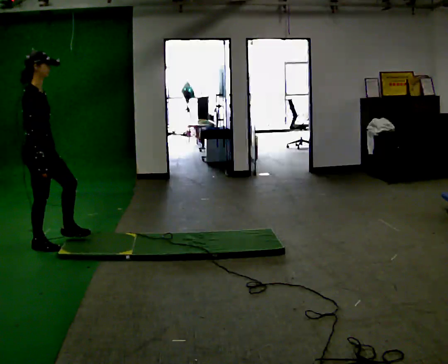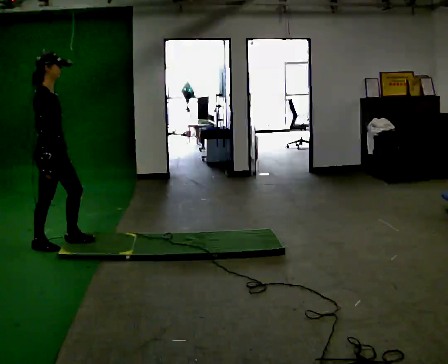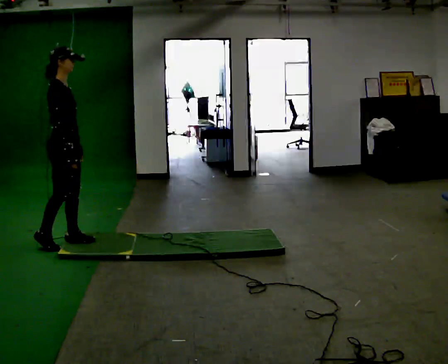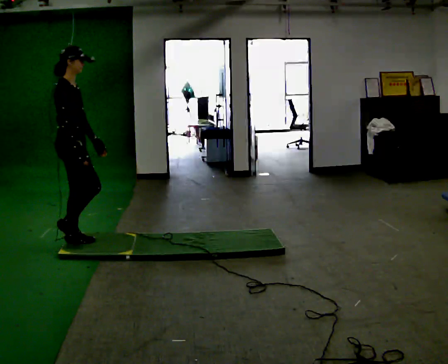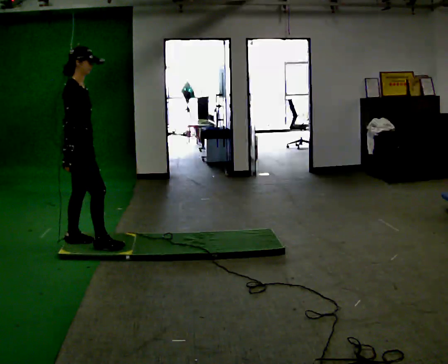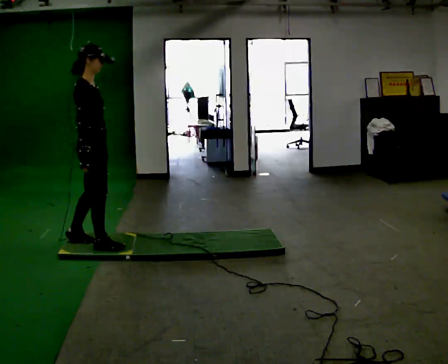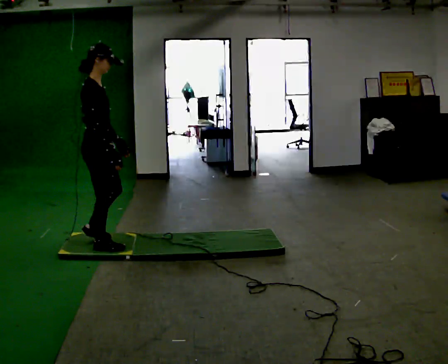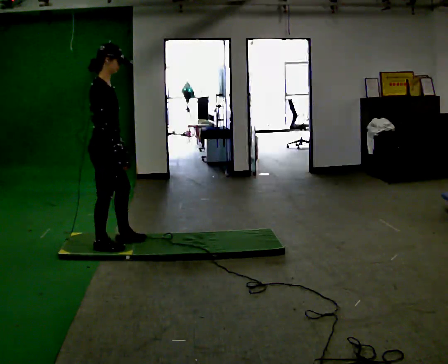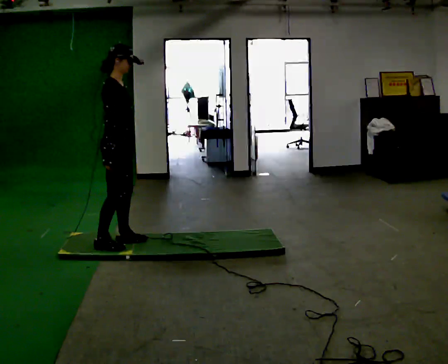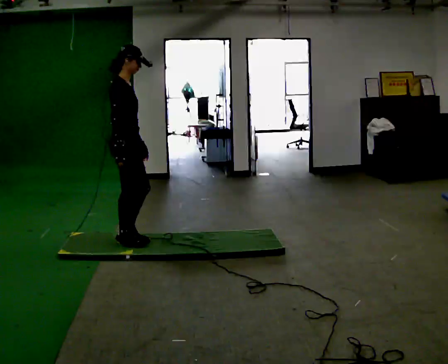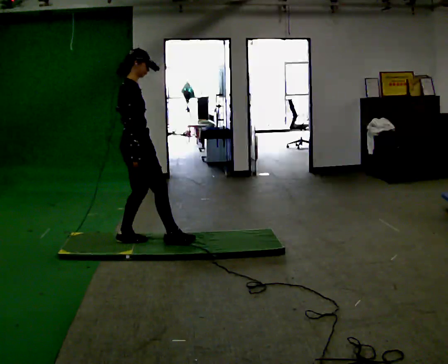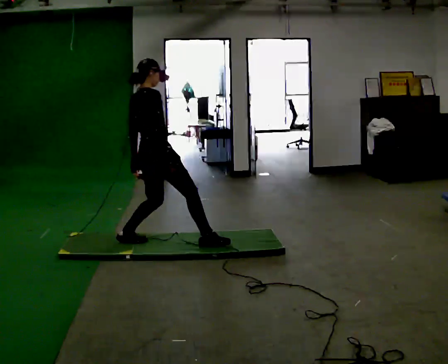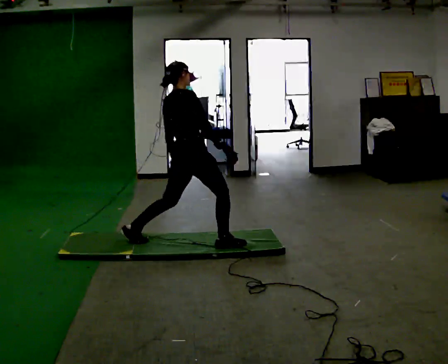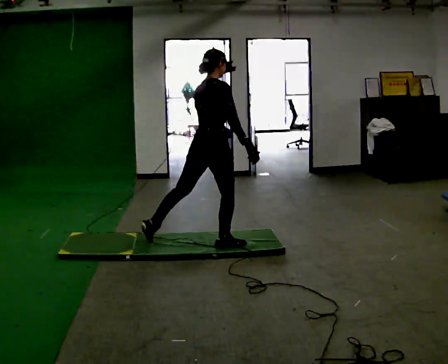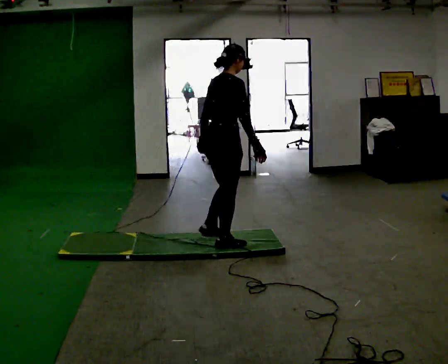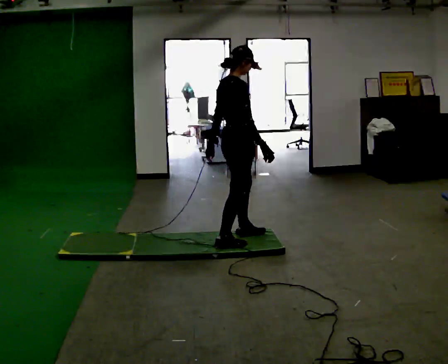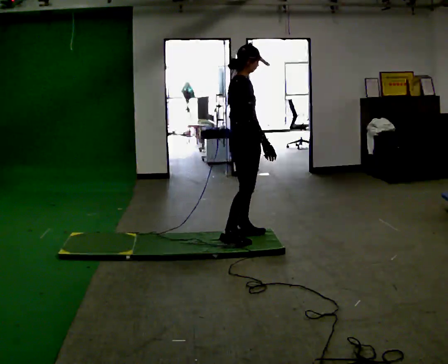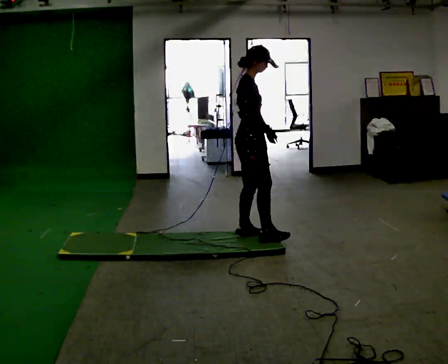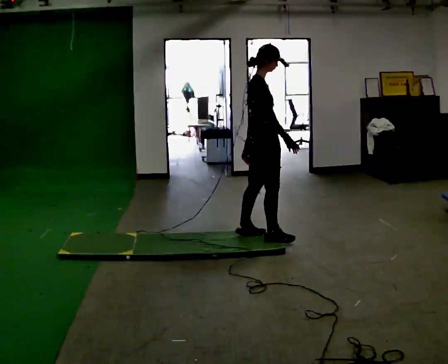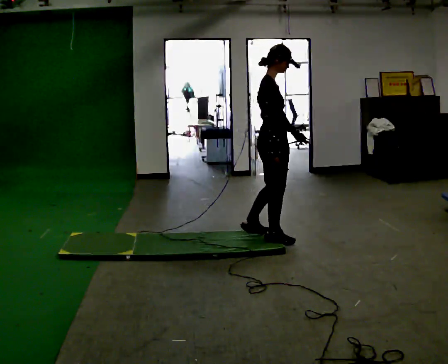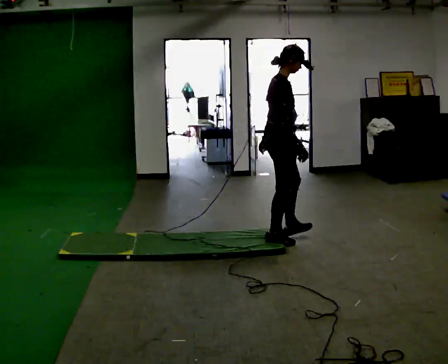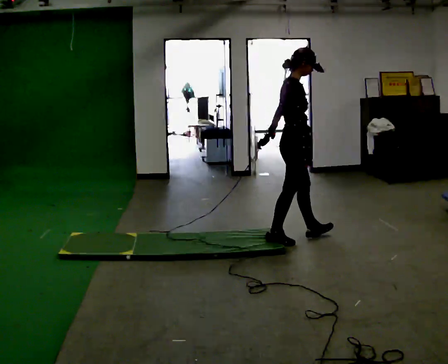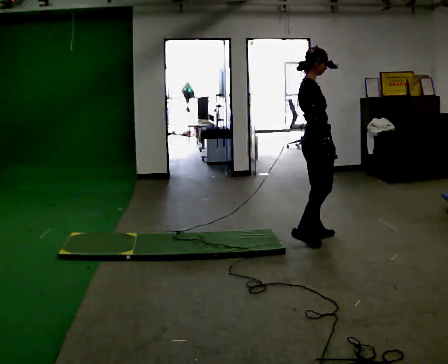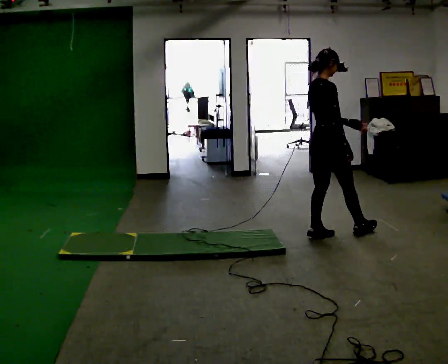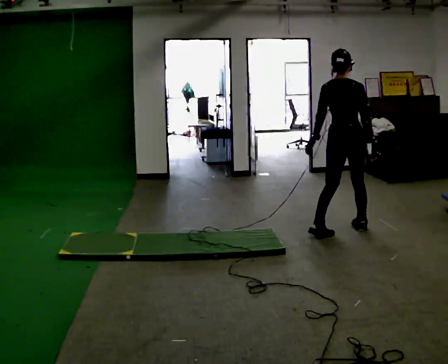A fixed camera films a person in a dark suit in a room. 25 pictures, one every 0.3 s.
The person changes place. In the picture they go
to the right.
0.0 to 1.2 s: In the picture they go to the right, about 0.25 m in 2 steps, which for them is forward.
1.2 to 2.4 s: In the picture they go to the right, about 0.25 m in 1 step, which for them is forward.
2.4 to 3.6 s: The person turns about 45 degrees to their left, counterclockwise seen from above, so the part of the body nearest the lens slides to the right. In the picture they go to the right, about 0.5 m in 1 step, which for them is forward.
3.6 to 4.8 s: The person turns about 30 degrees to their right, clockwise seen from above, so the part of the body nearest the lens slides to the left. In the picture they go to the right and away from the camera, about 0.5 m in 1 step, which for them is forward.
4.8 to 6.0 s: In the picture they go to the right, about 0.25 m in 1 step, which for them is forward.
6.0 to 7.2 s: The part of the body nearest the lens slides to the right as the person turns to their left by about 60 degrees. In the picture they go to the right, about 0.5 m in 2 steps.
The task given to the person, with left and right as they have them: Walk across the floor at a normal pace. It may be more slippery in places. Recover however comes naturally.
The film runs forward here.
